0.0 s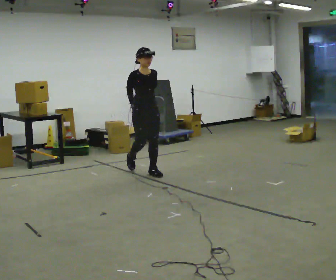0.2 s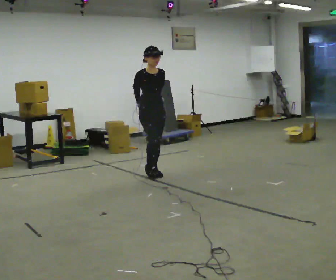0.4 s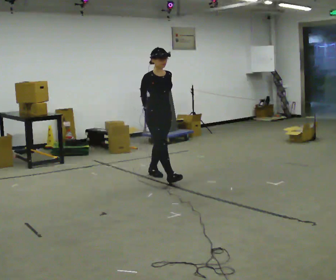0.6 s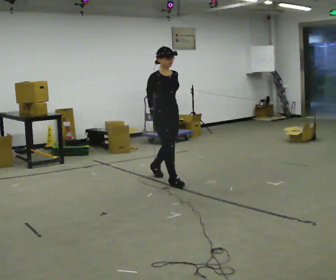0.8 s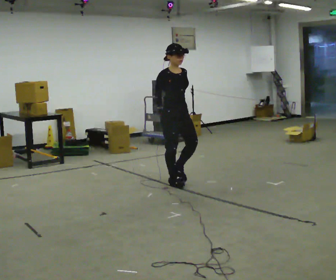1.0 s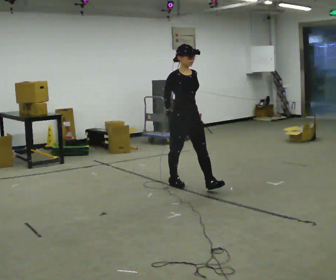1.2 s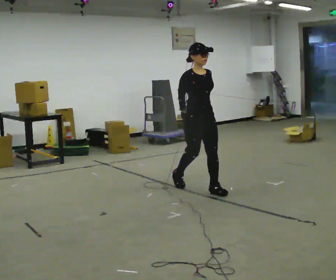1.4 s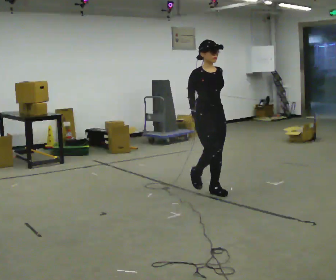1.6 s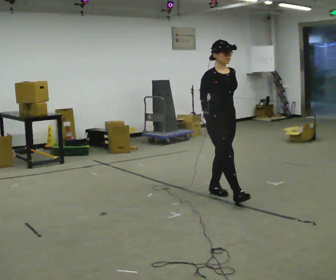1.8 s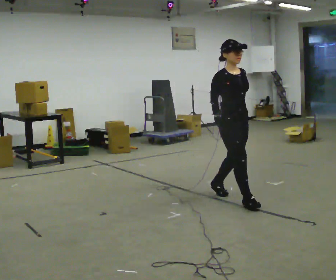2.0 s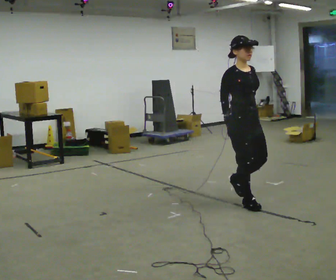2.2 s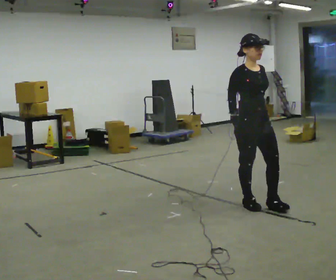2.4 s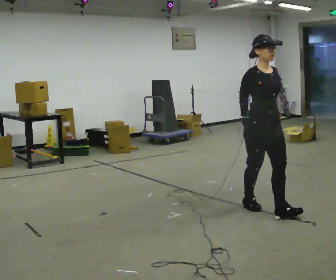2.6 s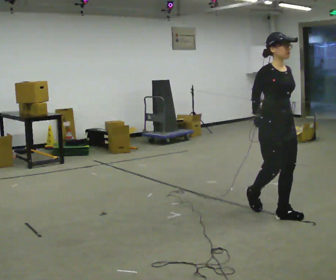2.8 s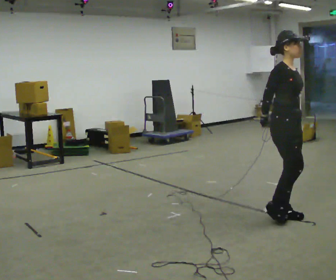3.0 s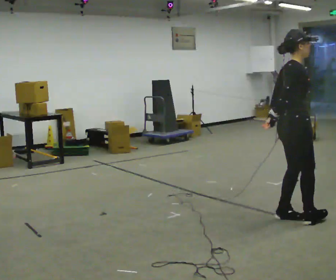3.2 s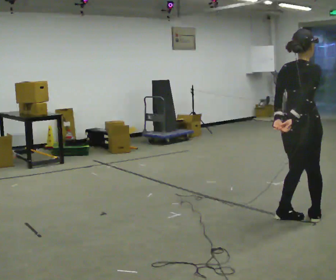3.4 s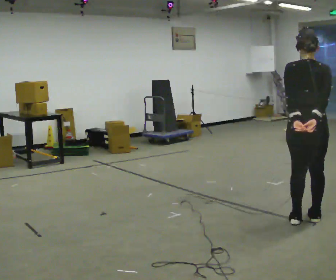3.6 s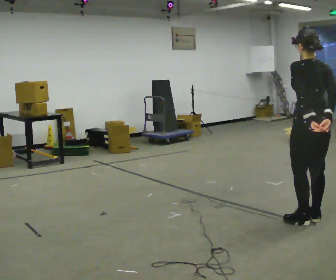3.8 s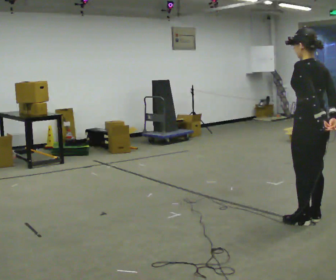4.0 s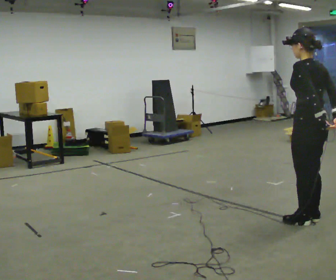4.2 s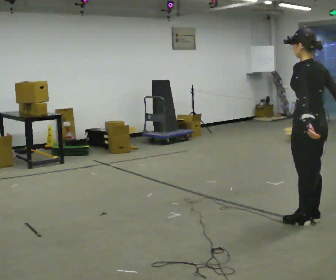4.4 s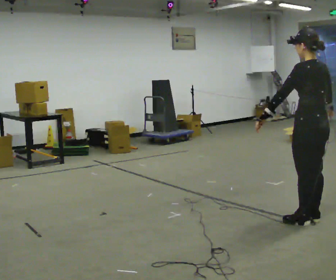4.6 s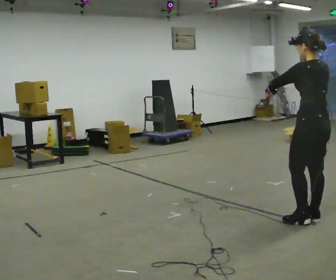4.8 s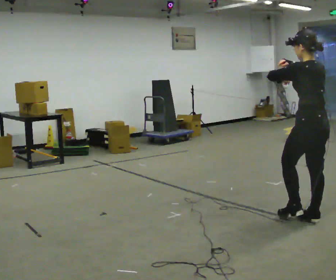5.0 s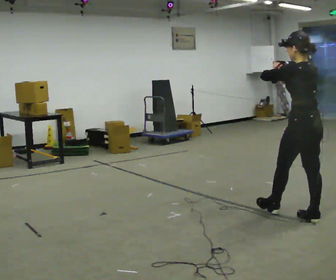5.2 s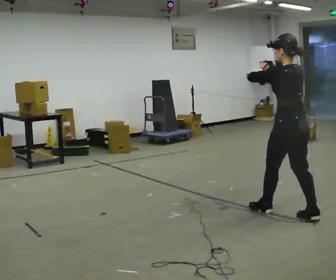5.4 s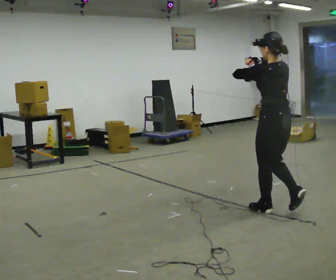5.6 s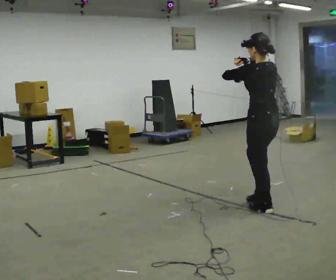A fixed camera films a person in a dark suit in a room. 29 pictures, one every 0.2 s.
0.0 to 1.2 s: In the picture they go to the right and toward the camera, about 1 m in 2 steps, which for them is forward.
1.2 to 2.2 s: In the picture they go to the right and toward the camera, about 1 m in 1 step, which for them is forward.
2.2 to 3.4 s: The part of the body nearest the lens slides to the right as the person turns to their left by about 135 degrees. In the picture they go to the right and toward the camera, about 0.5 m in 2 steps.
3.4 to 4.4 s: The part of the body nearest the lens slides to the right as the person turns to their left by about 45 degrees.
4.4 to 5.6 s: In the picture they go to the left and away from the camera, about 0.5 m in 1 step, which for them is forward. In the picture their right hand goes upward.
The film runs forward here.
